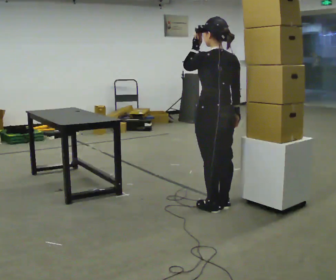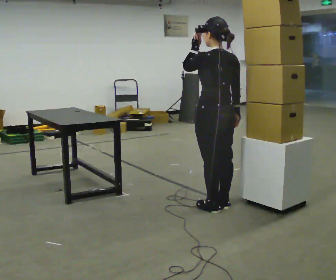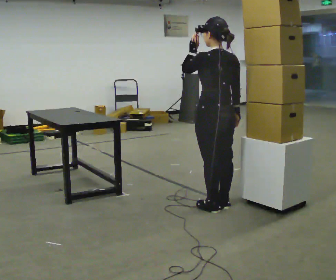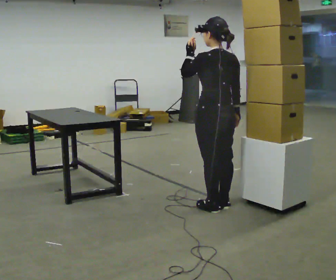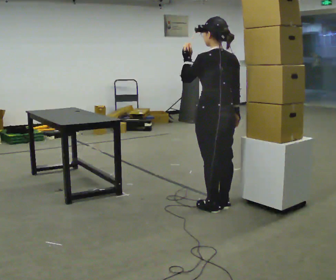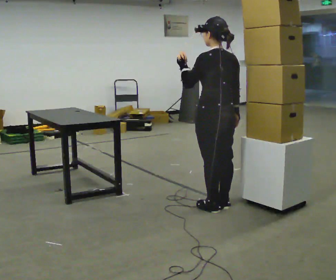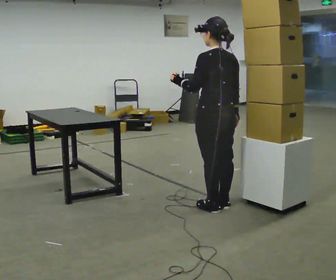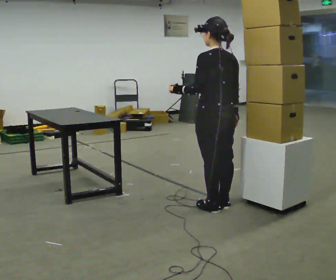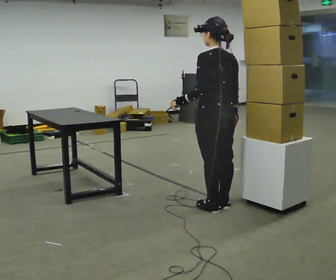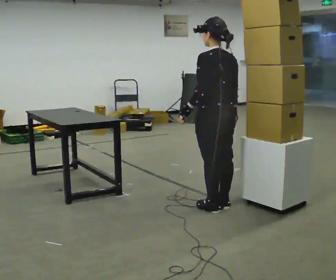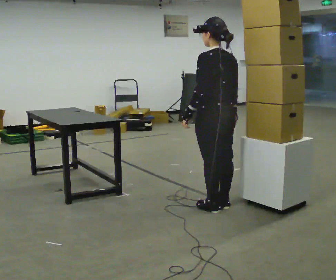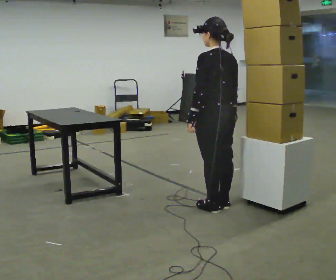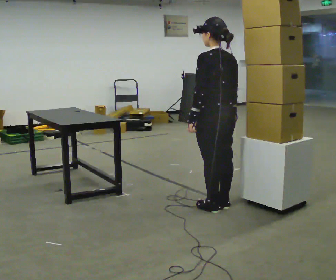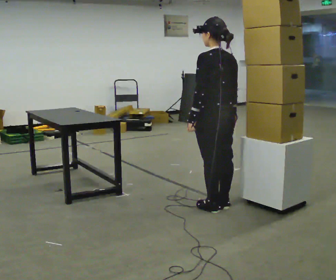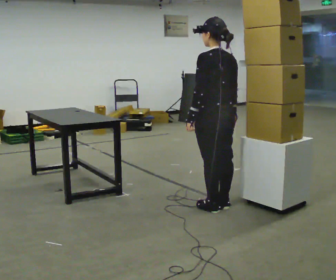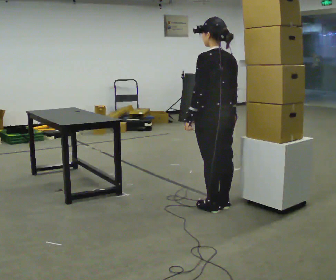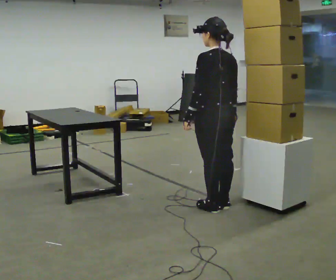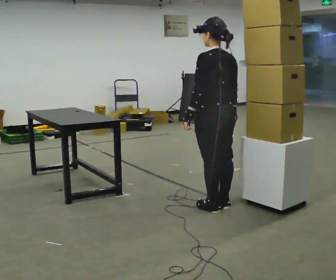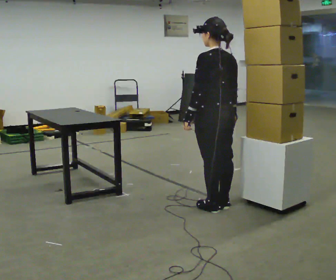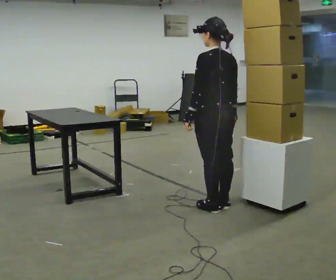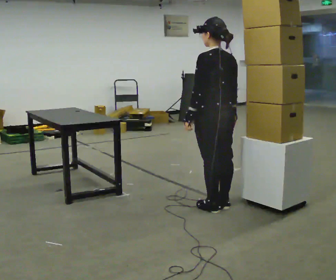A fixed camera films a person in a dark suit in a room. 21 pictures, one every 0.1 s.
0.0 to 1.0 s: In the picture their left hand goes downward.
1.0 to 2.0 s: The person moves a little, or ends about where they began.
The film runs forward here.
